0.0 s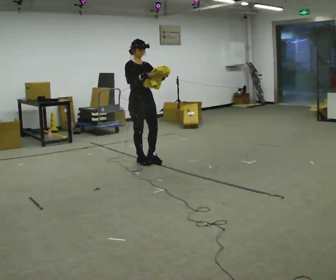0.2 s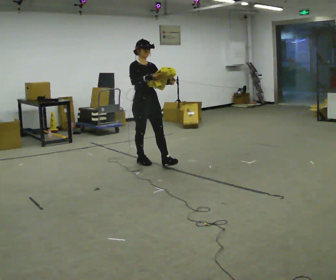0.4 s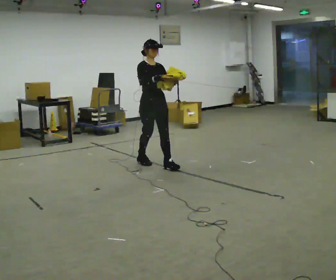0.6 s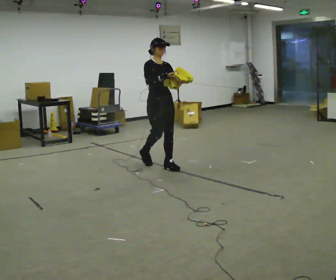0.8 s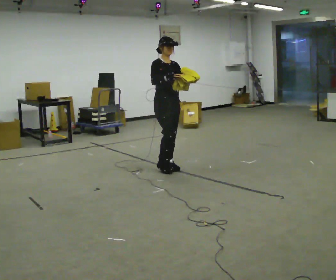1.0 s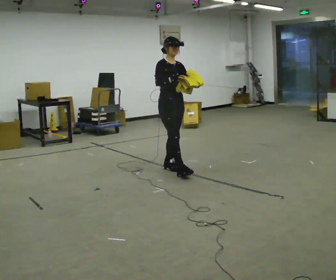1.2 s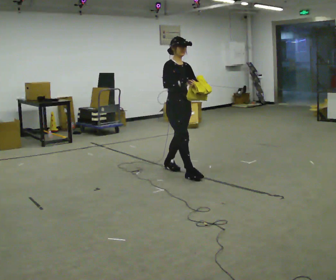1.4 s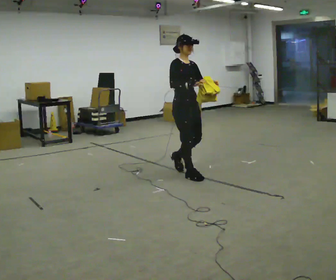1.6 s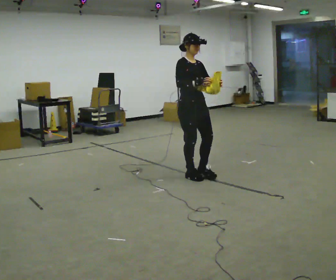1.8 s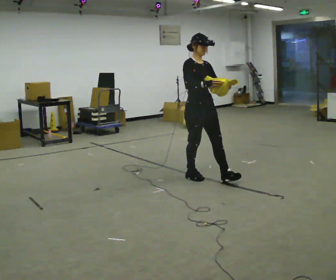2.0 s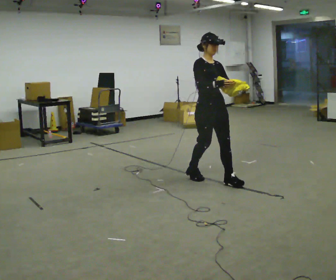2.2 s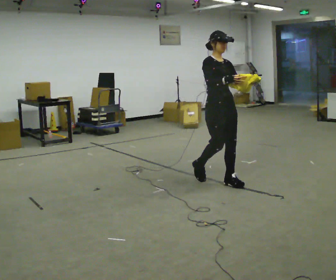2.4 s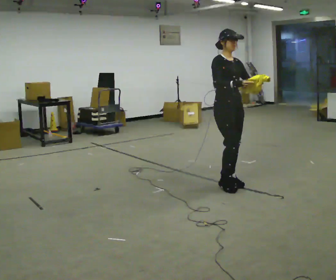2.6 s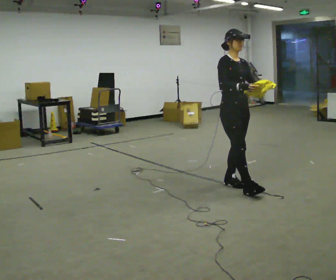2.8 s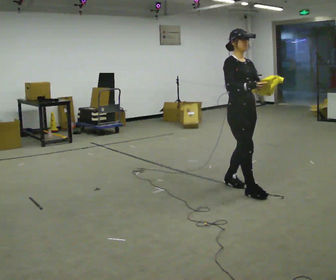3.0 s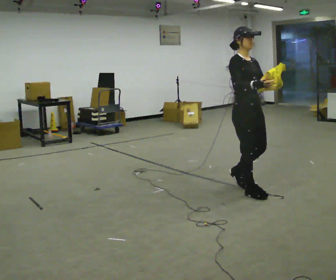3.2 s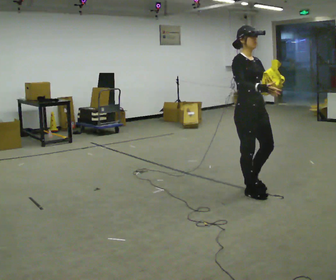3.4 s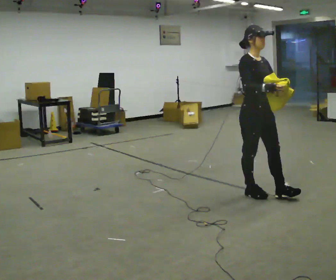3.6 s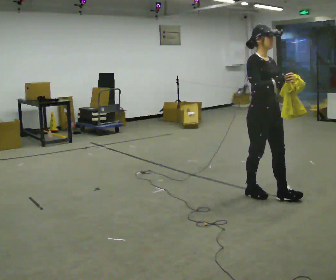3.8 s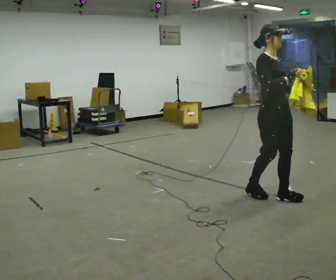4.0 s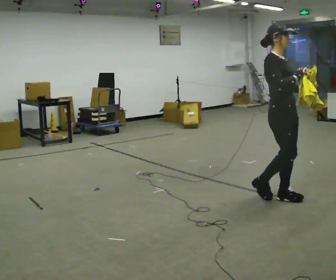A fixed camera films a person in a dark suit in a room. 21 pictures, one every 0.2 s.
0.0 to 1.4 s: In the picture they go to the right and toward the camera, about 1 m in 2 steps, which for them is forward.
1.4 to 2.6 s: In the picture they go to the right and toward the camera, about 0.75 m in 1 step, which for them is forward.
2.6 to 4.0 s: In the picture they go to the right and toward the camera, about 0.5 m in 2 steps, which for them is forward.
The film runs forward here.
